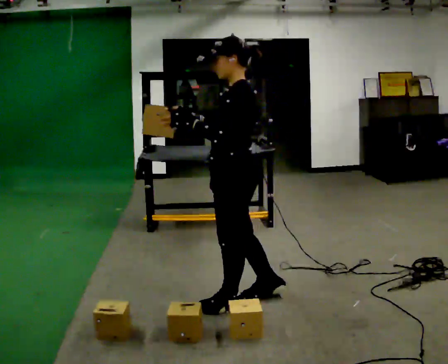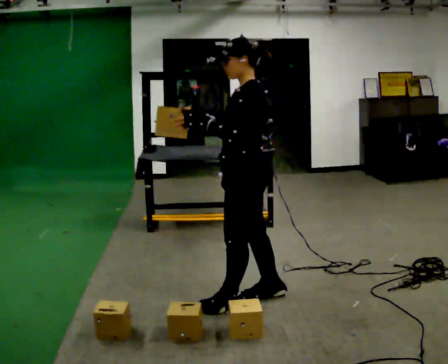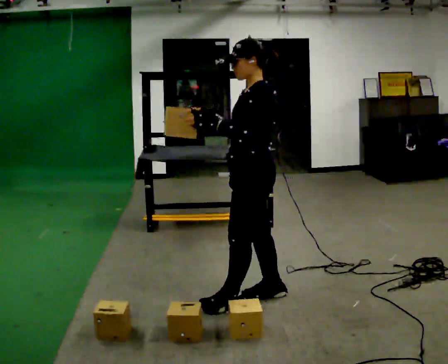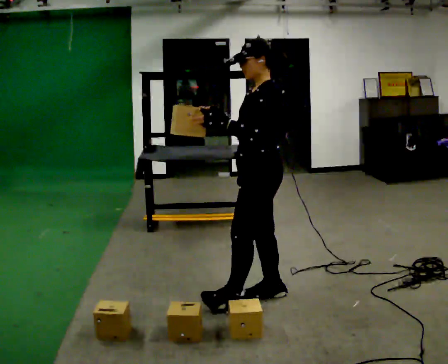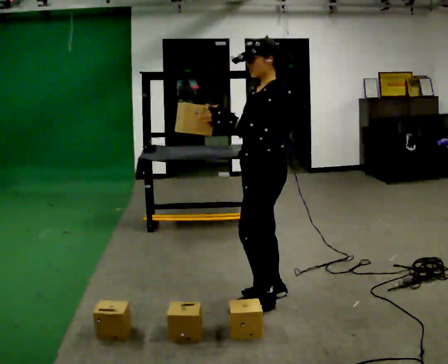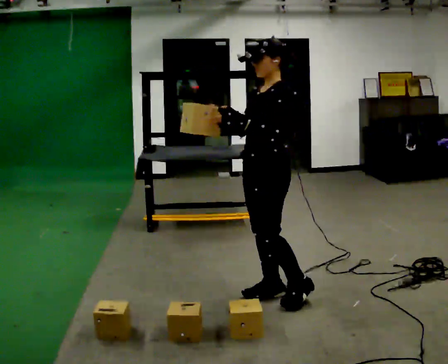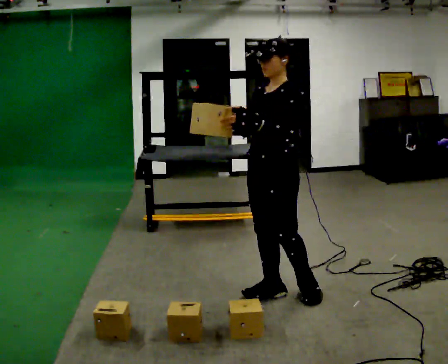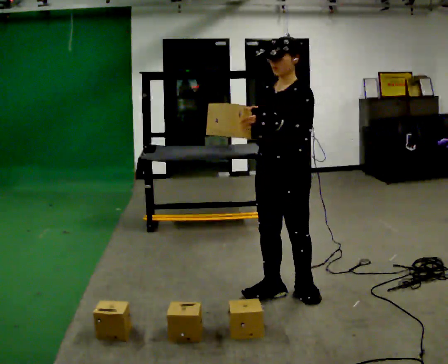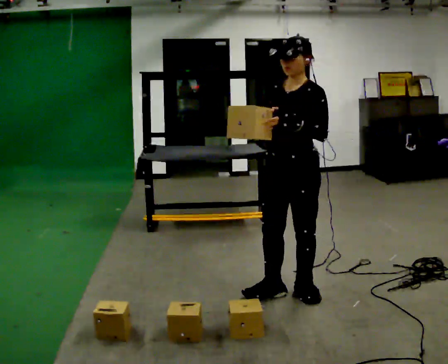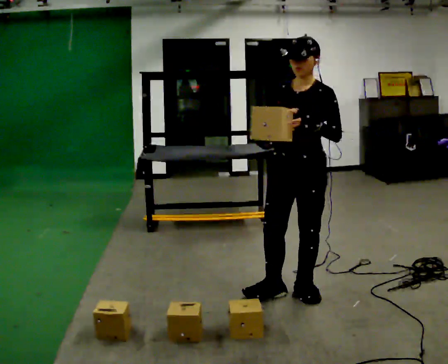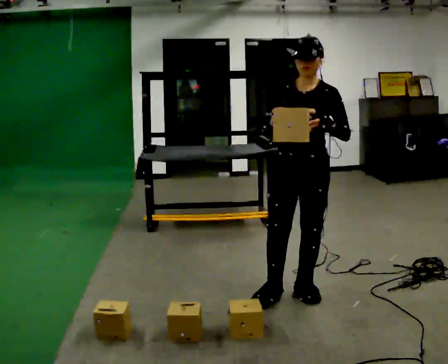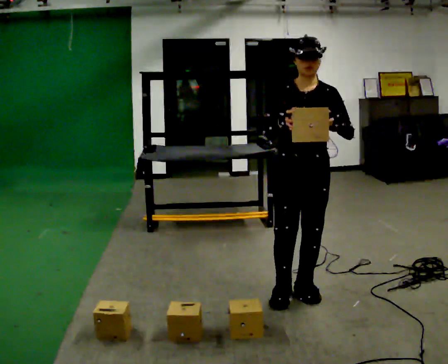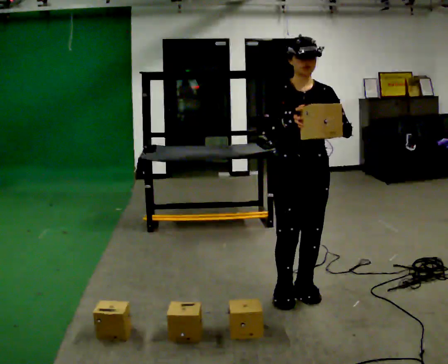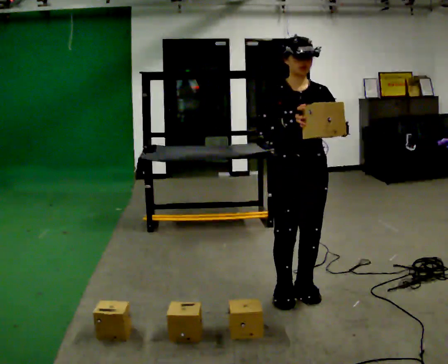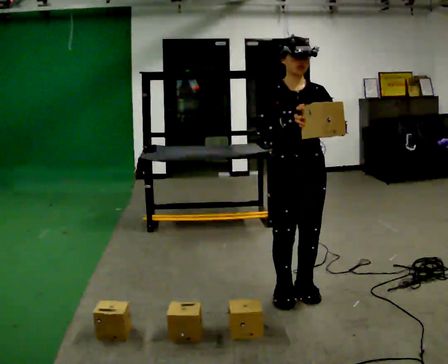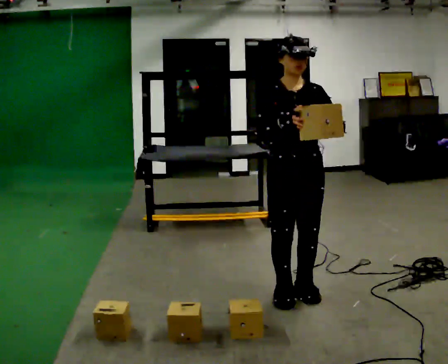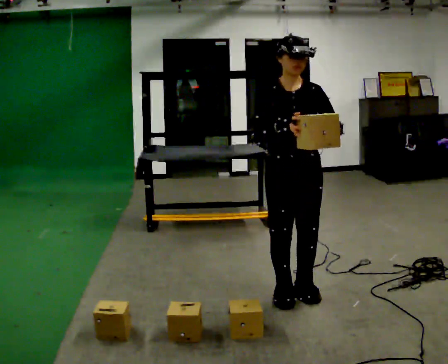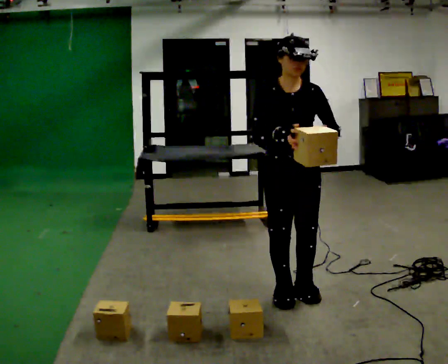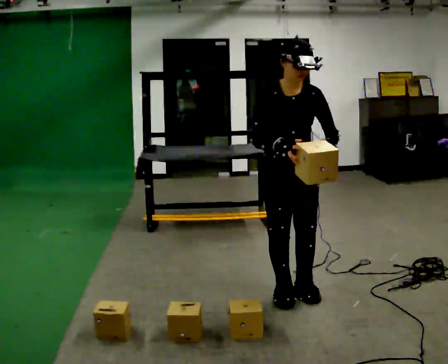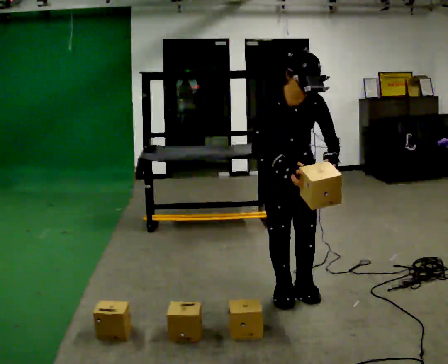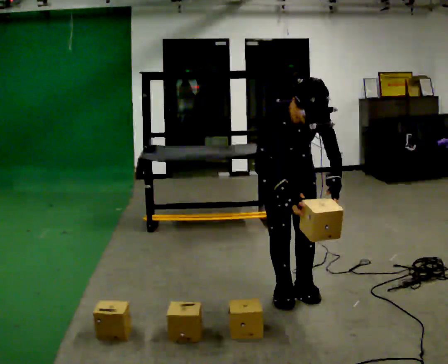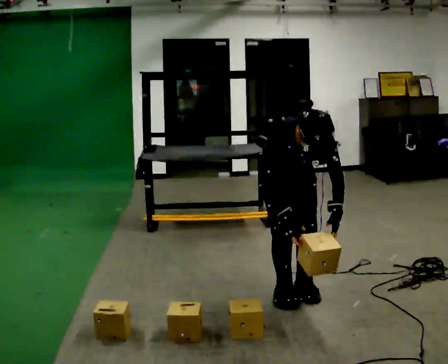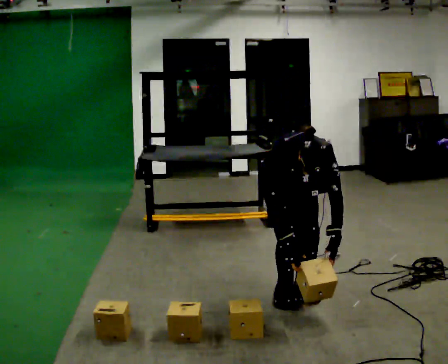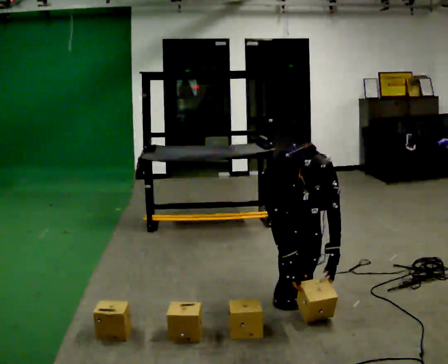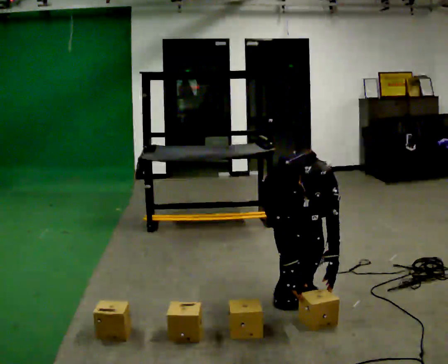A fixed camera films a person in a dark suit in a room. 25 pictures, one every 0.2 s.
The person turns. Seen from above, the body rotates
counterclockwise.
The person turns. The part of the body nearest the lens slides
to the right.
0.0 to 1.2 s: Seen from above the body turns counterclockwise, about 30 degrees: to their left, with its near side sliding to the right. In the picture they go to the right and away from the camera, about 0.25 m in 1 step, which for them is backward. In the picture their left hand goes to the right.
1.2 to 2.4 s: Seen from above the body turns counterclockwise, about 60 degrees: to their left, with its near side sliding to the right. In the picture they go to the right, about 0.25 m. In the picture their left hand goes to the right.
2.4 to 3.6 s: The person moves a little, or ends about where they began.
3.6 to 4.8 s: The shoulders move downward. The upper body tips toward the camera, its near side rolling downward, as they bend forward. In the picture their left hand goes downward.
The film runs backward here.
